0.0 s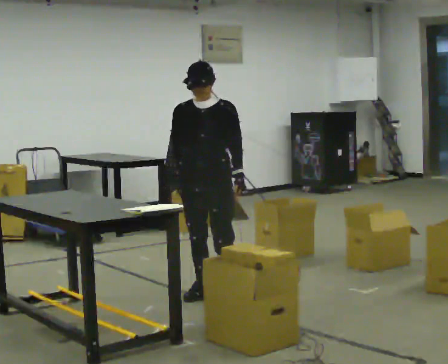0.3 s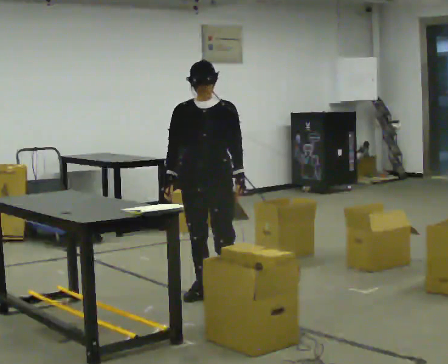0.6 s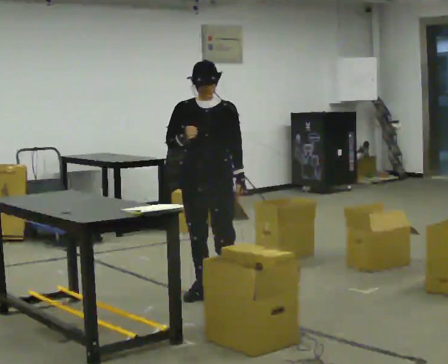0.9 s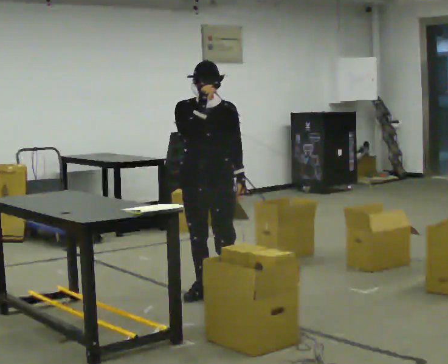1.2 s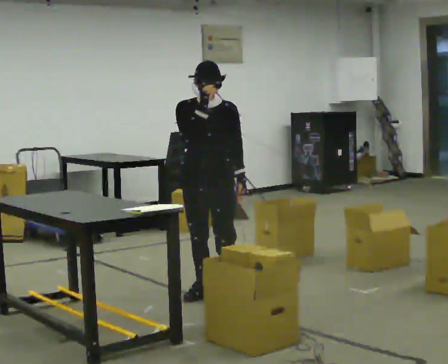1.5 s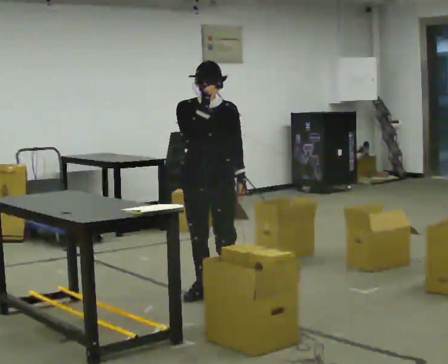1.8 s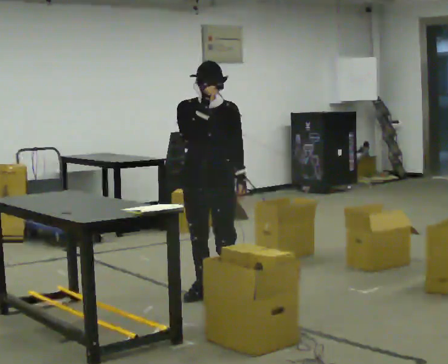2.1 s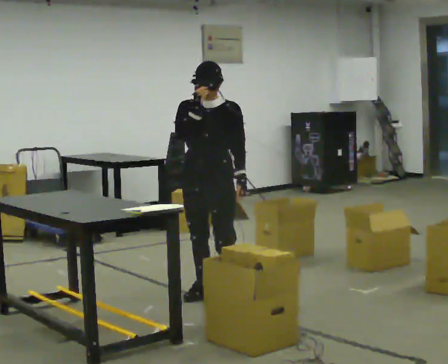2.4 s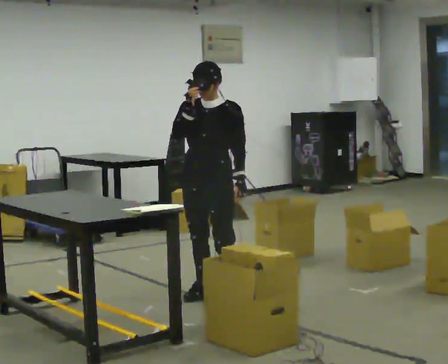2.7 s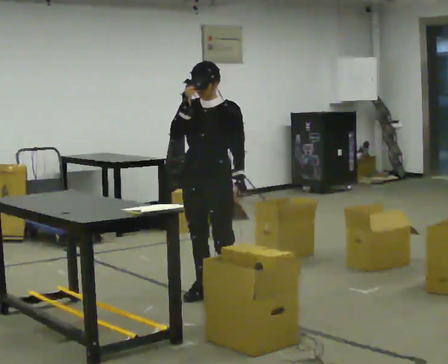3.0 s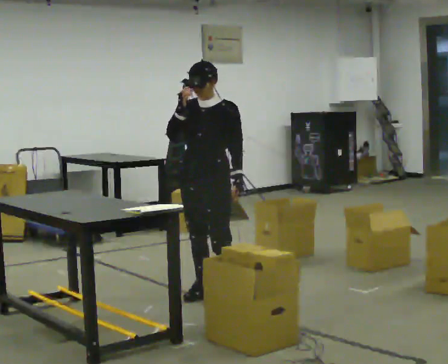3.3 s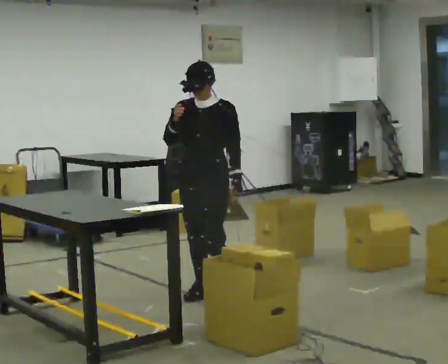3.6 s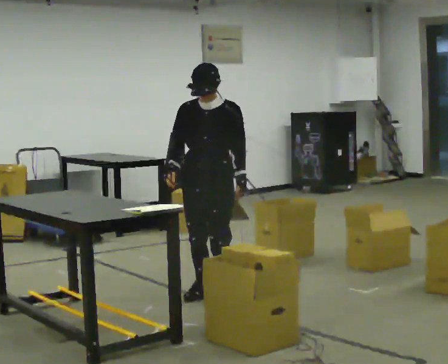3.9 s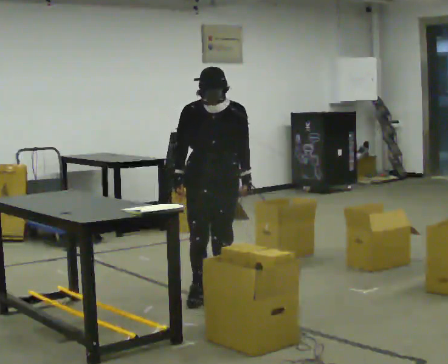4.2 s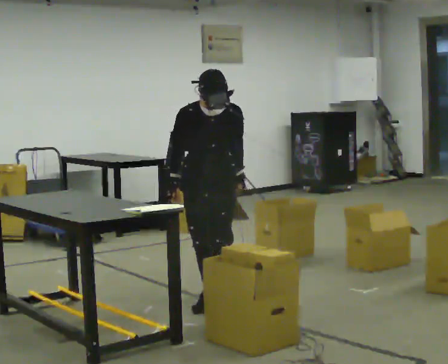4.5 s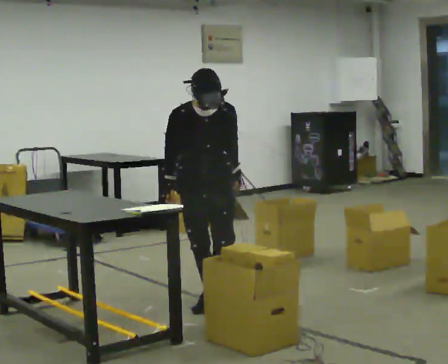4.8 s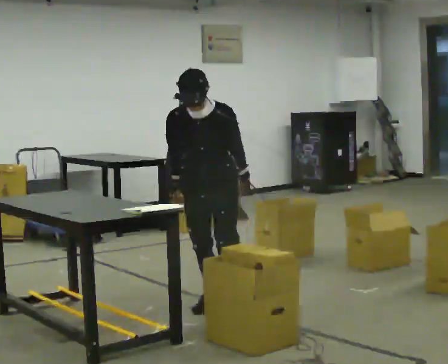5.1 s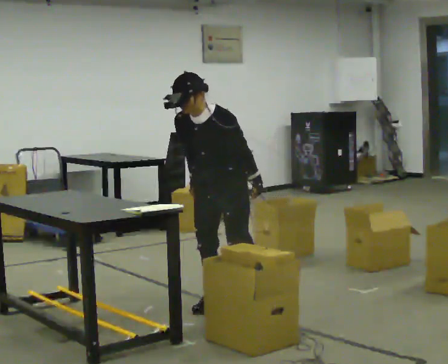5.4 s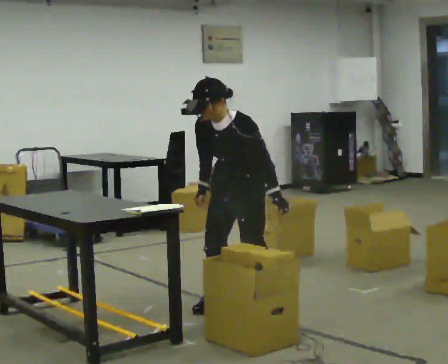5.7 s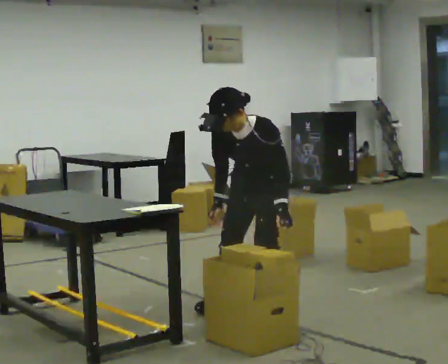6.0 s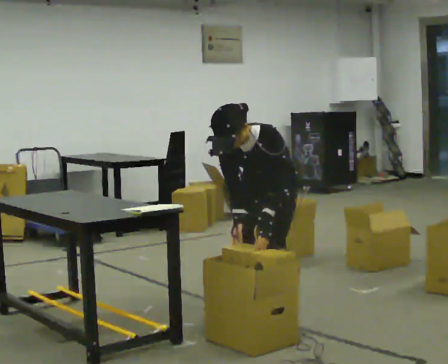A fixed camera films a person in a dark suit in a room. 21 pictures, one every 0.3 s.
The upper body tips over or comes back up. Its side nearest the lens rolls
downward.
0.0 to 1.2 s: In the picture their right hand goes upward.
1.2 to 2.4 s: The person moves a little, or ends about where they began.
2.4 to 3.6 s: In the picture their right hand goes downward.
3.6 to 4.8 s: In the picture they go toward the camera, about 0.25 m in 2 steps, which for them is forward. The upper body tips toward the camera, its near side rolling downward, as they bend forward.
4.8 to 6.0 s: Seen from above the body turns clockwise, about 30 degrees: to their right, with its near side sliding to the left. In the picture they go to the right and toward the camera, about 0.5 m in 1 step, which for them is to their left. In the picture the upper body tilts counterclockwise, shoulders to the left, as they bend forward.
The film runs backward here.
